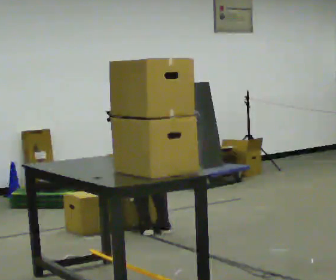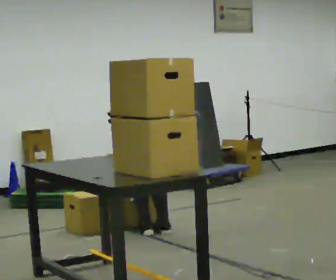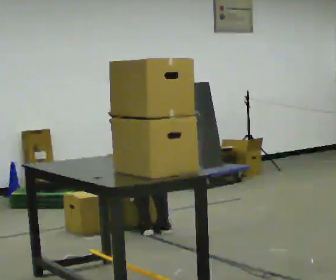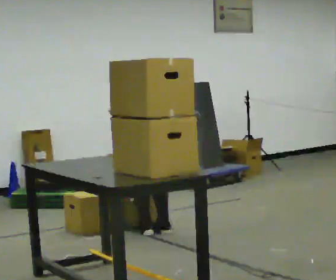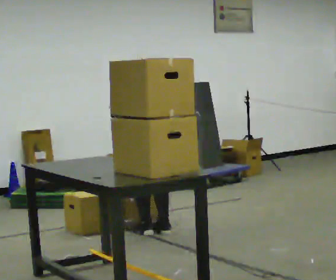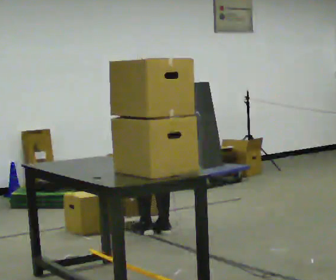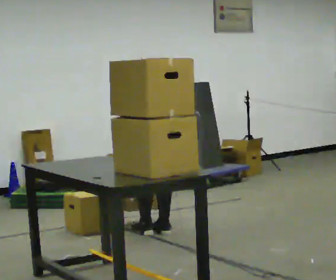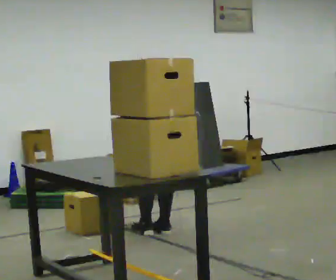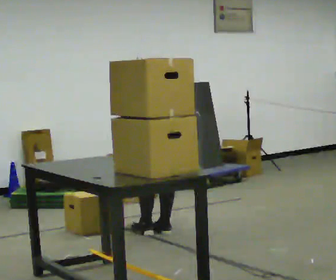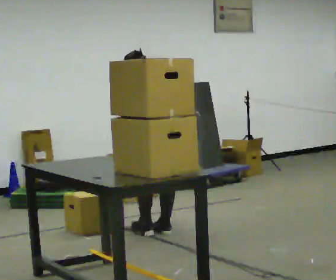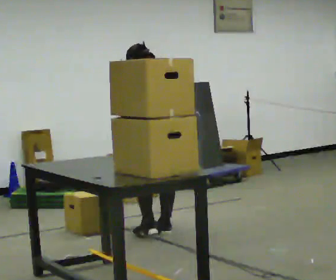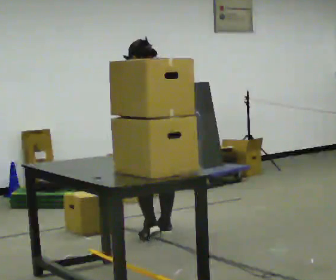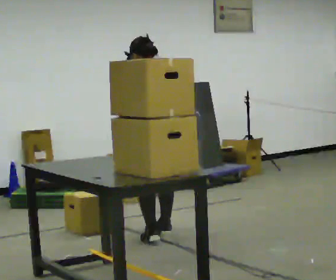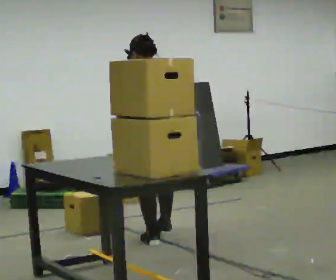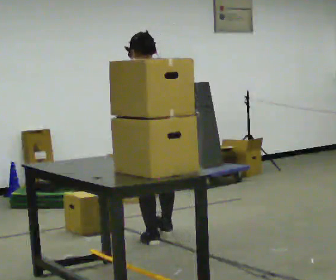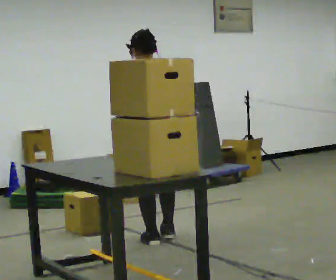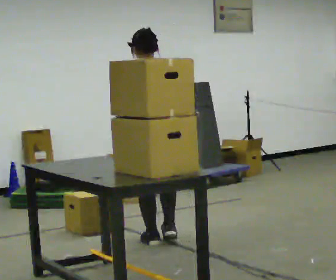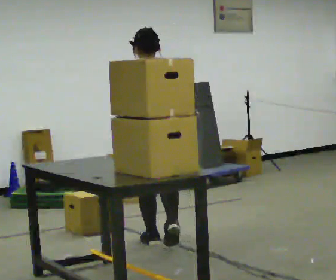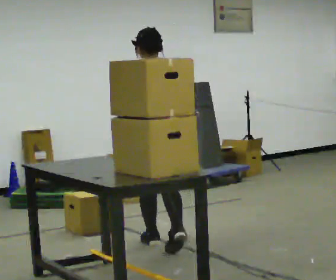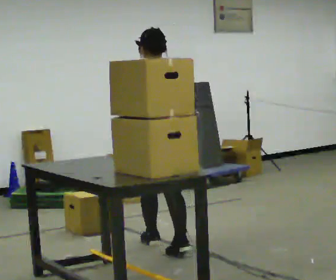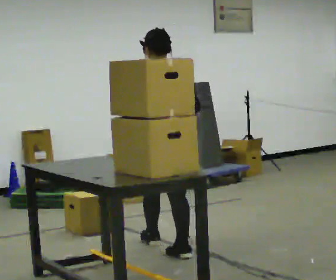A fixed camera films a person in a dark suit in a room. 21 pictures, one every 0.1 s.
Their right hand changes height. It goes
upward.
The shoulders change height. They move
upward.
0.0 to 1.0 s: The shoulders move upward. The upper body tips toward the camera, its near side rolling downward, as they lean back or straighten. In the picture their left hand goes upward.
1.0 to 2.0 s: In the picture they go toward the camera, about 0.5 m in 1 step, which for them is backward. The upper body tips toward the camera, its near side rolling downward, as they lean back or straighten.
The film runs backward here.
